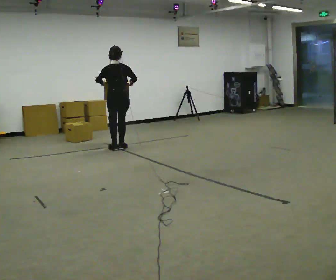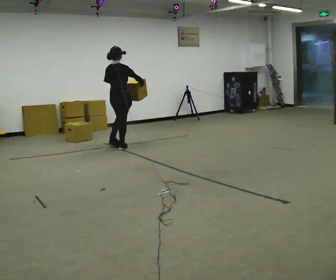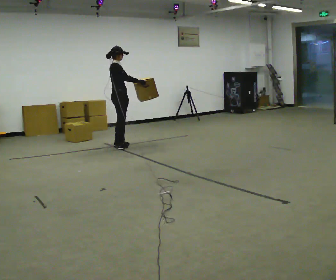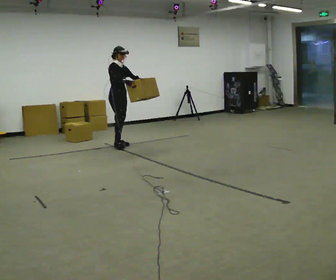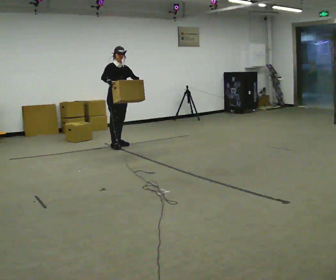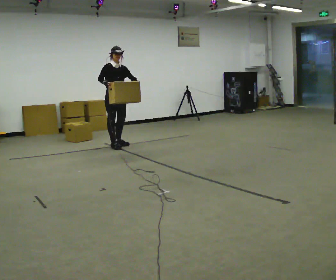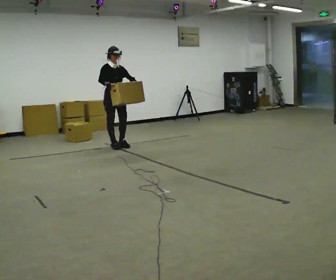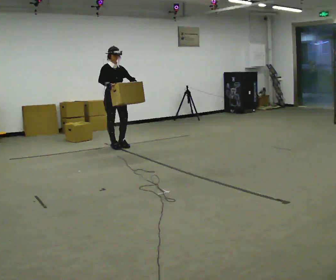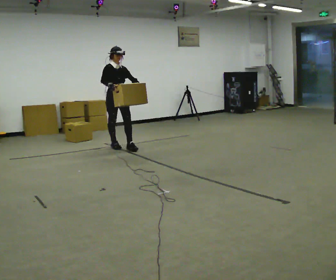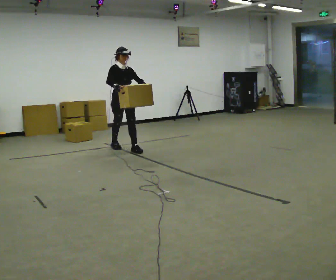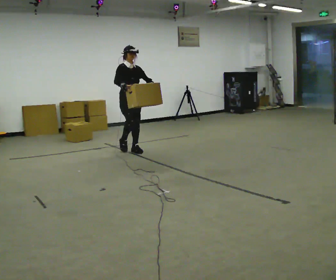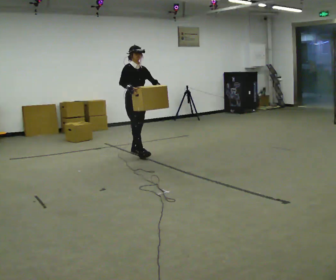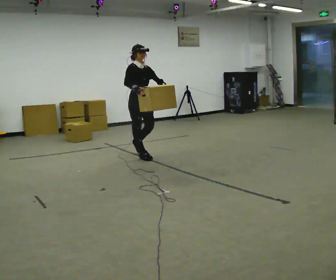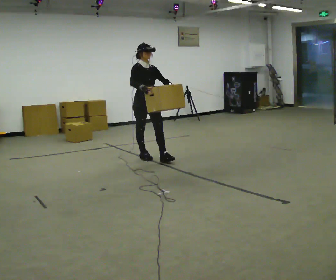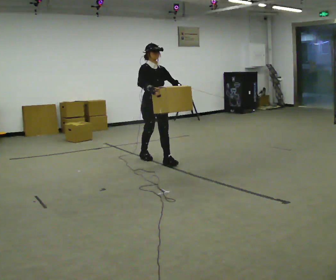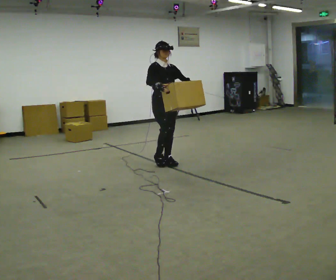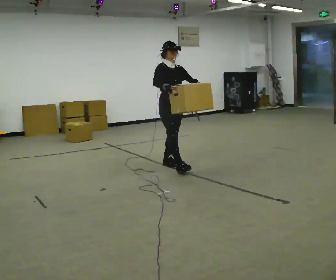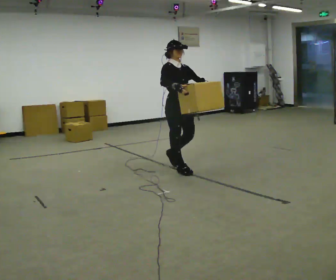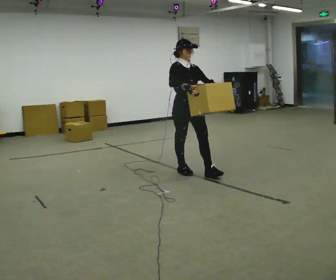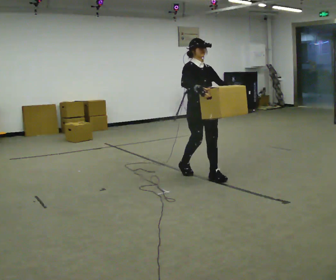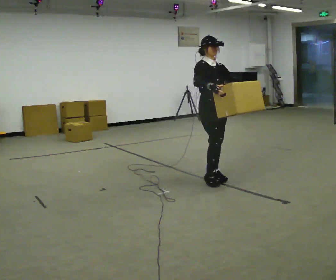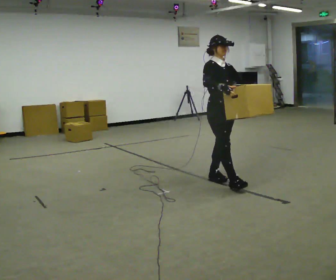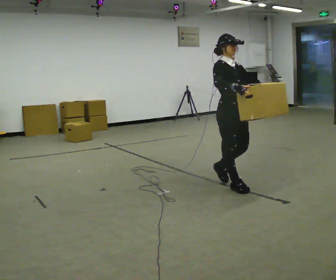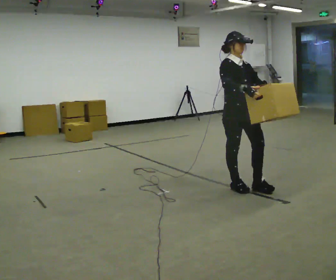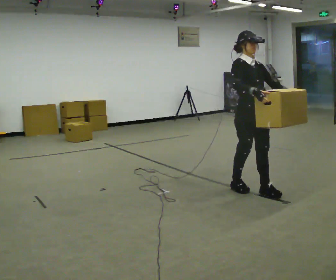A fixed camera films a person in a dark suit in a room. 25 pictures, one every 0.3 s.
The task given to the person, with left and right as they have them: Carry the heaviest box in both hands in front of you, walking back and forth across the room. Only carry what is comfortable. Set it down whenever you need to.
0.0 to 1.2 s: The part of the body nearest the lens slides to the left as the person turns to their right by about 150 degrees. In the picture they go away from the camera, about 0.25 m in 2 steps. In the picture their right hand goes to the left.
1.2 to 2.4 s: In the picture they go toward the camera, about 0.25 m, which for them is forward.
2.4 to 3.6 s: In the picture they go toward the camera and to the right, about 0.75 m in 2 steps, which for them is forward.
3.6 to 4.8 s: In the picture they go toward the camera and to the right, about 0.5 m in 2 steps, which for them is forward.
4.8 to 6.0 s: In the picture they go toward the camera and to the right, about 1 m in 1 step, which for them is forward.
6.0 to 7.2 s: In the picture they go toward the camera and to the right, about 0.5 m in 2 steps, which for them is forward.
The film runs forward here.
